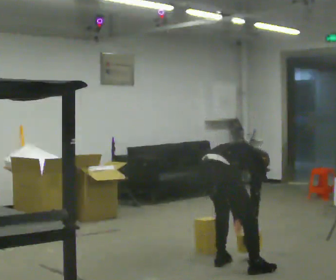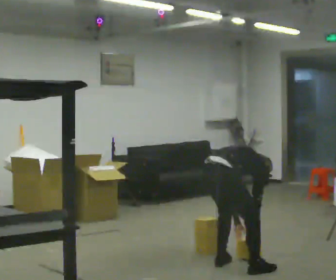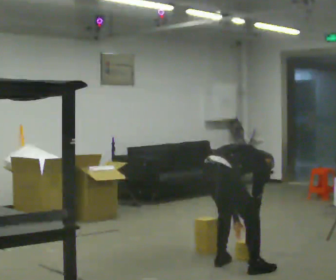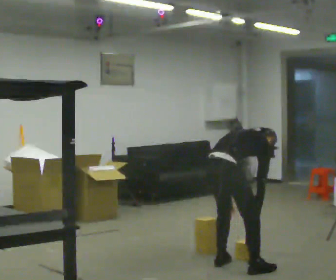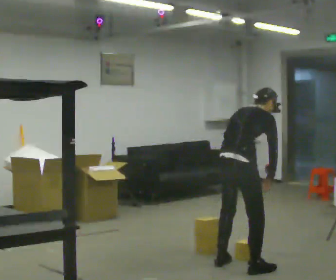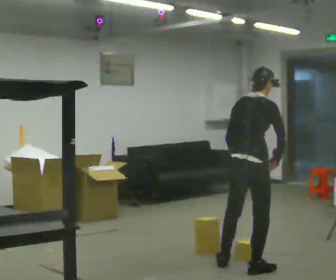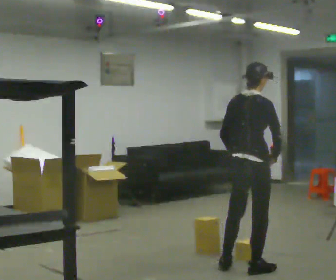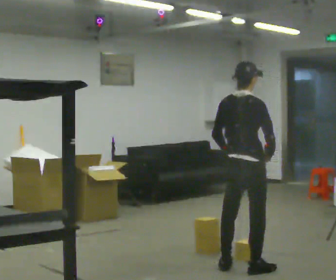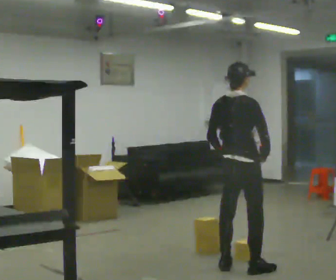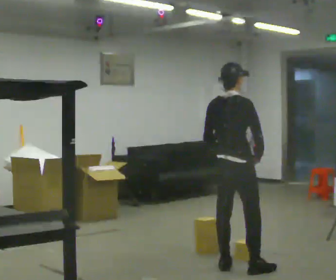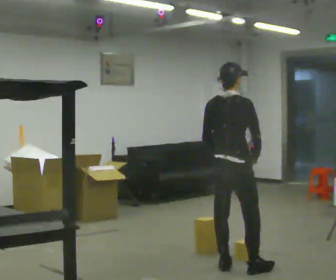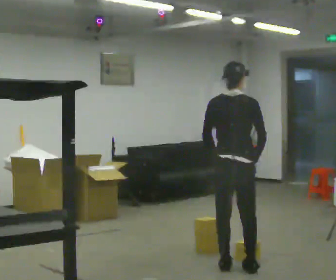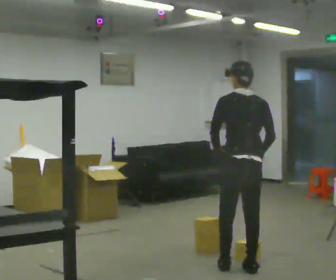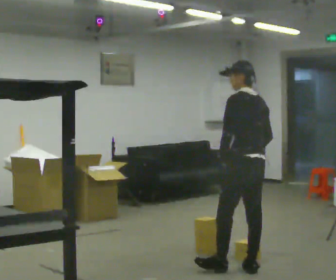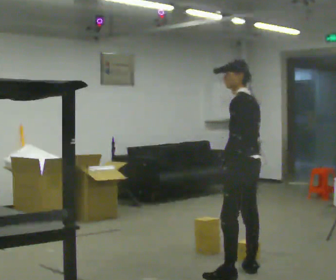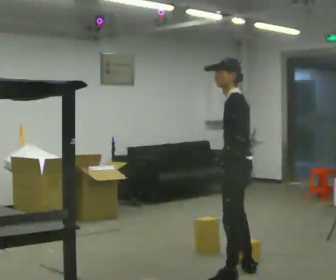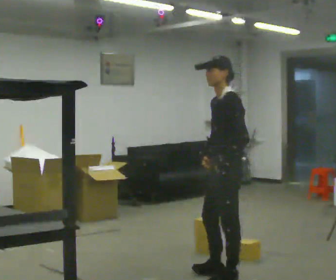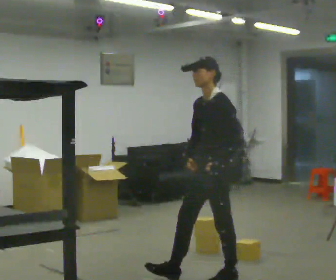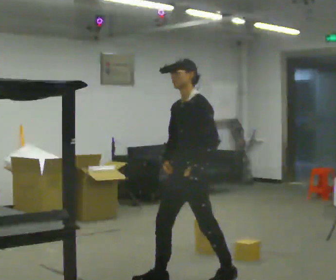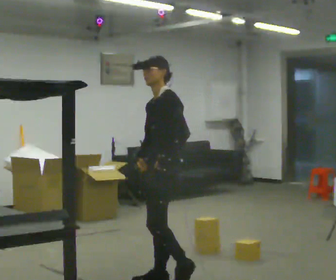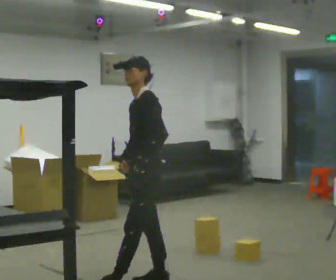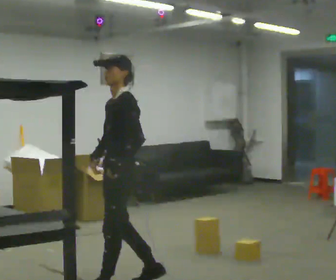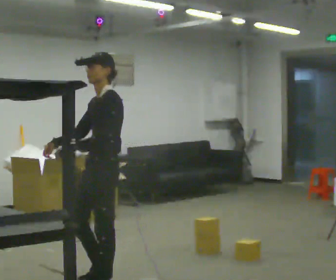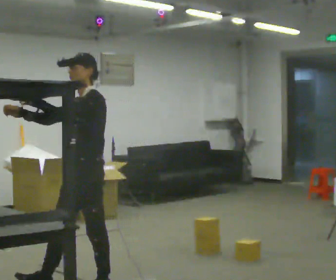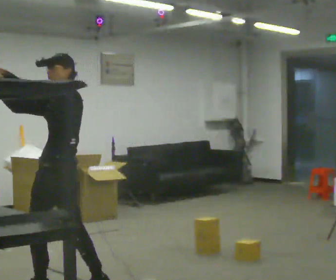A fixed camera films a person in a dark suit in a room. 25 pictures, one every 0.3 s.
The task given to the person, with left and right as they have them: Pick an object up off the floor, carry it across the room, and place it on the highest shelf you can comfortably reach. Keep going until the operator says stop; one object at a time, and do not rush between trips.
0.0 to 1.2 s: The upper body goes upward. The upper body tips toward the camera, its near side rolling downward, as they lean back or straighten. In the picture their left hand goes upward.
1.2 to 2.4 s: The upper body tips toward the camera, its near side rolling downward, as they lean back or straighten.
2.4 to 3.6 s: Seen from above the body turns counterclockwise, about 60 degrees: to their left, with its near side sliding to the right.
3.6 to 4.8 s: The person turns about 90 degrees to their left, counterclockwise seen from above, so the part of the body nearest the lens slides to the right. In the picture they go toward the camera, about 0.25 m in 1 step.
4.8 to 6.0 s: In the picture they go to the left, about 0.75 m in 1 step, which for them is forward.
6.0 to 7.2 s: In the picture they go to the left and toward the camera, about 0.75 m in 2 steps, which for them is forward. In the picture their right hand goes upward, the arm swinging clockwise.
The film runs forward here.
